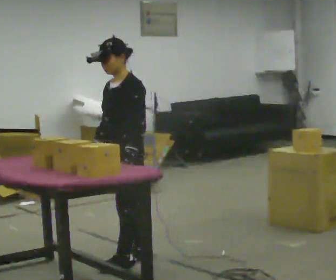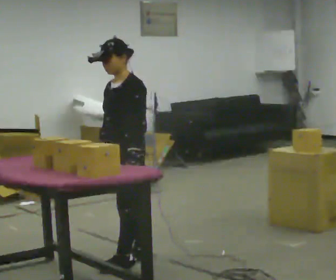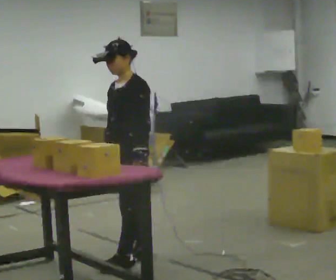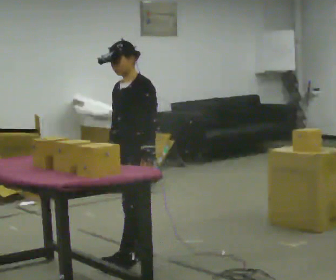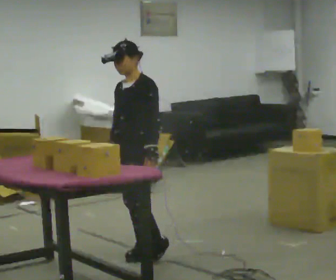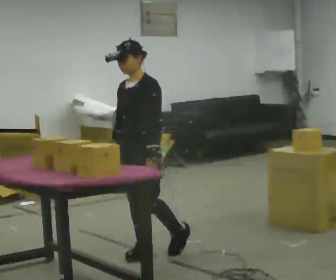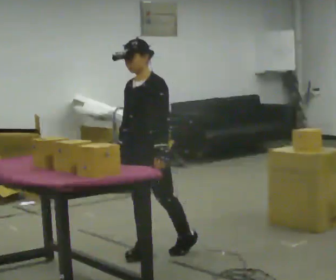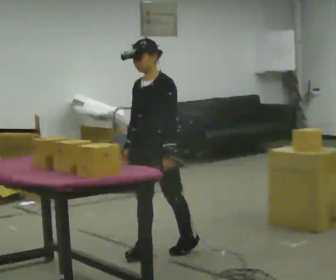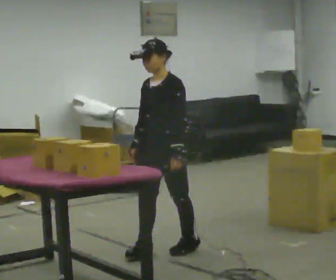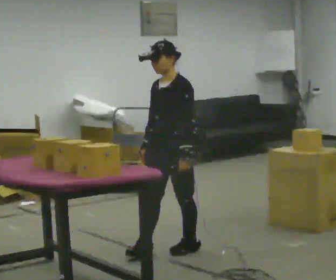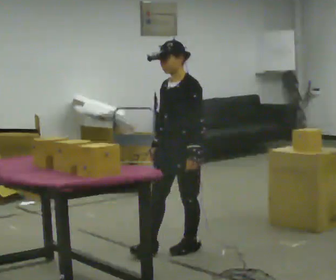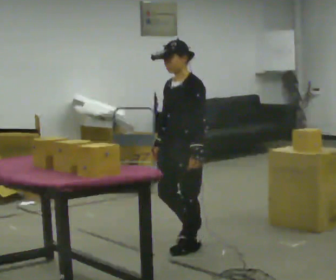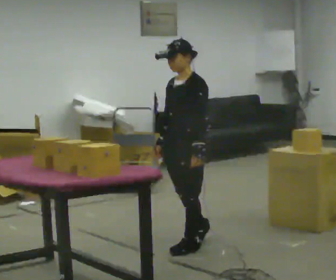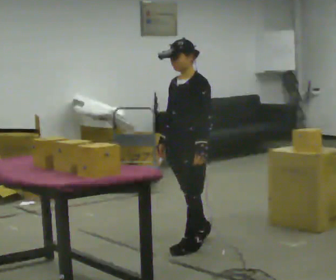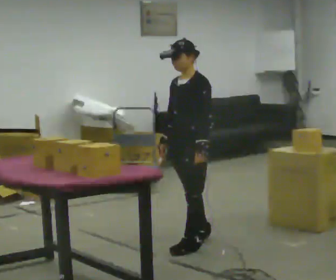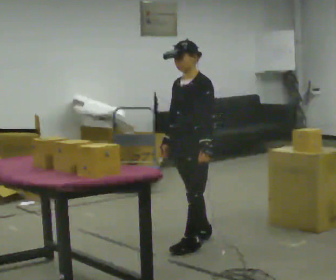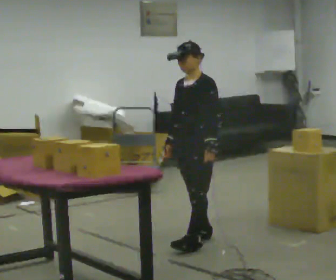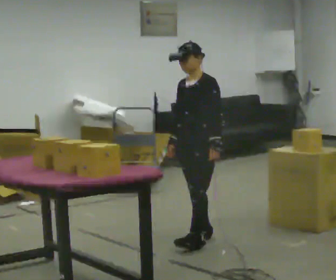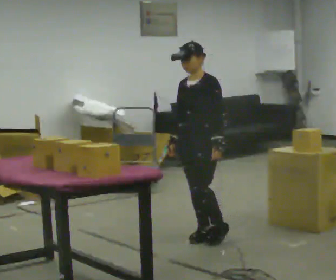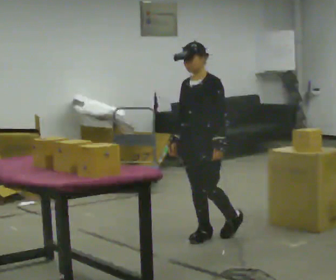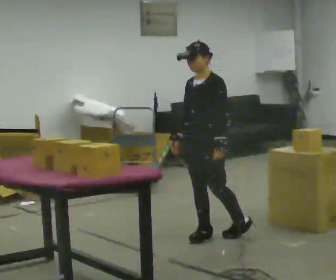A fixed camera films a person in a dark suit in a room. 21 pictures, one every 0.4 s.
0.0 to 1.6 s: In the picture they go away from the camera, about 0.25 m in 1 step, which for them is backward.
1.6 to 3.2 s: In the picture they go to the right, about 0.25 m, which for them is backward.
3.2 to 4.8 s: In the picture they go to the right, about 0.25 m in 1 step, which for them is backward.
4.8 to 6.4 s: In the picture they go away from the camera, about 0.25 m, which for them is backward.
6.4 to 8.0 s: The person moves a little, or ends about where they began.
The film runs backward here.
